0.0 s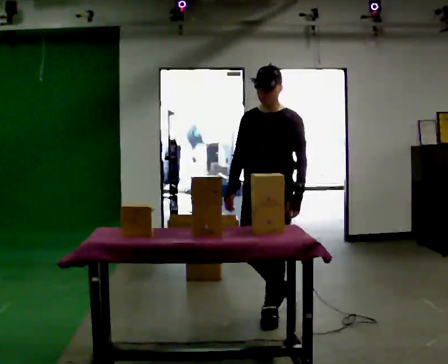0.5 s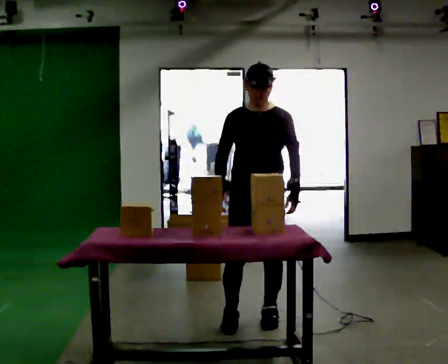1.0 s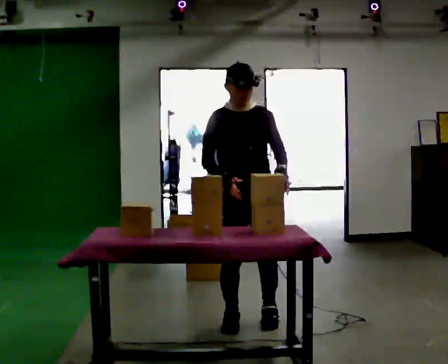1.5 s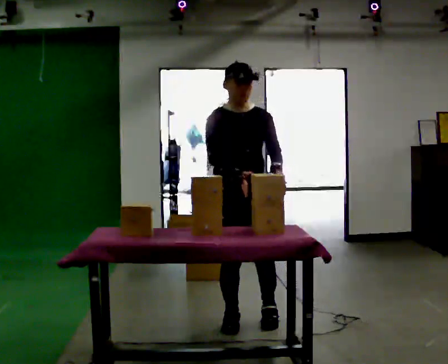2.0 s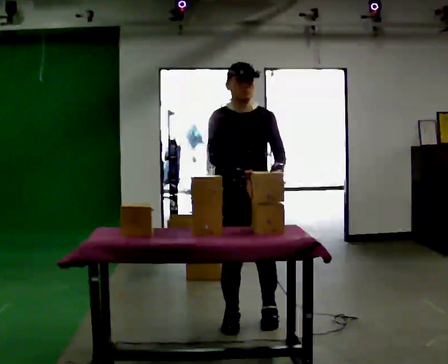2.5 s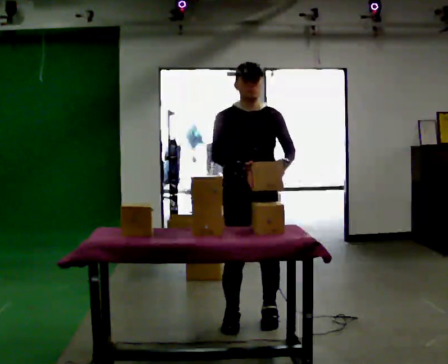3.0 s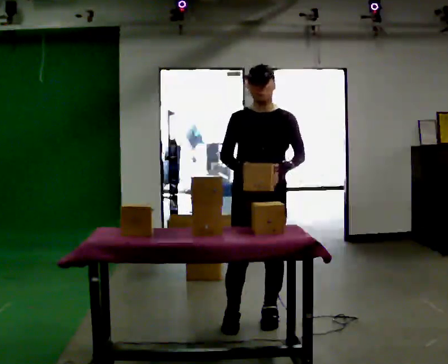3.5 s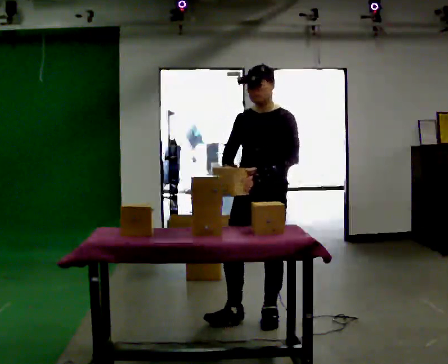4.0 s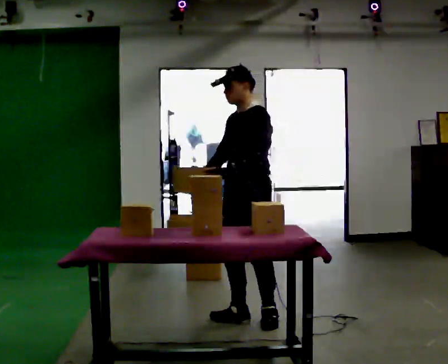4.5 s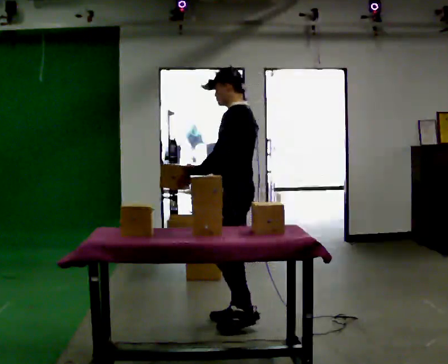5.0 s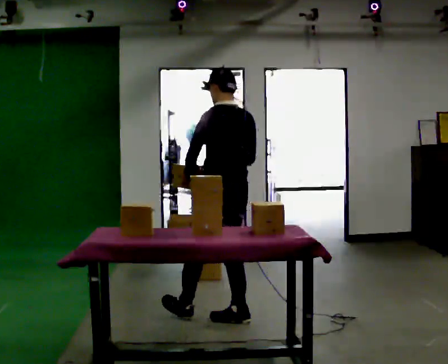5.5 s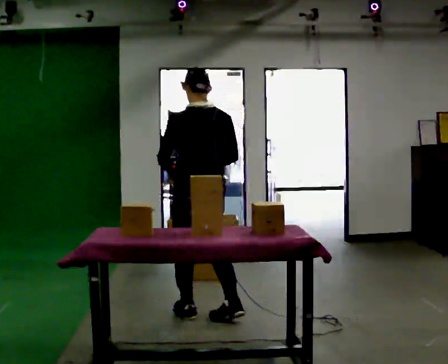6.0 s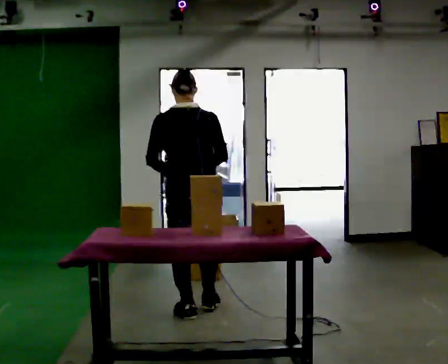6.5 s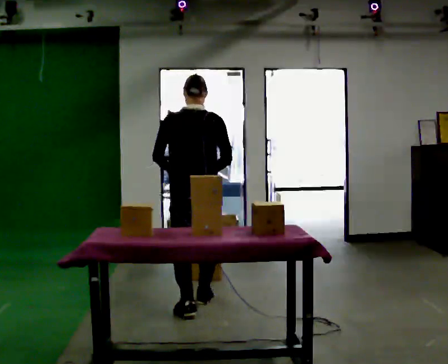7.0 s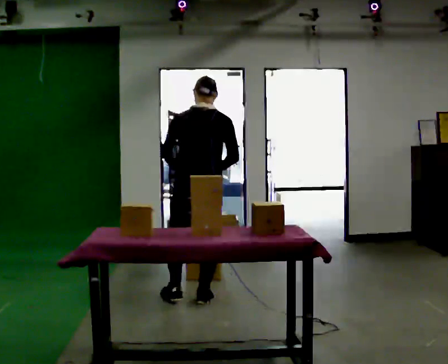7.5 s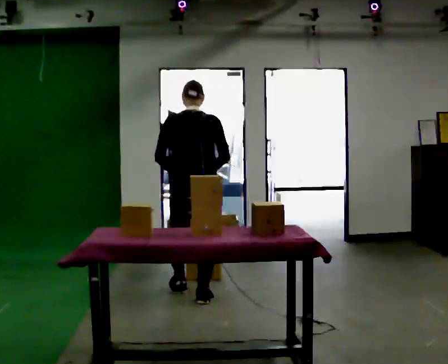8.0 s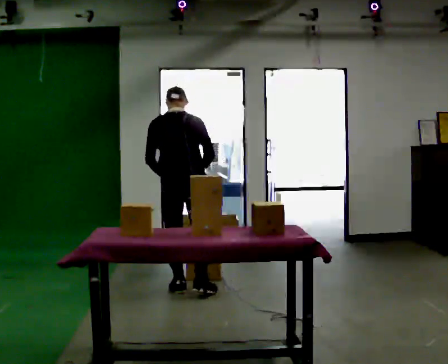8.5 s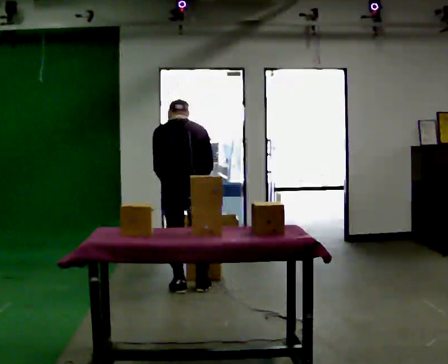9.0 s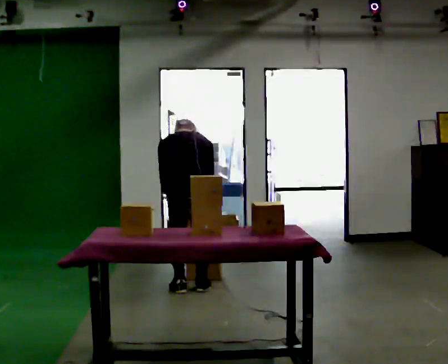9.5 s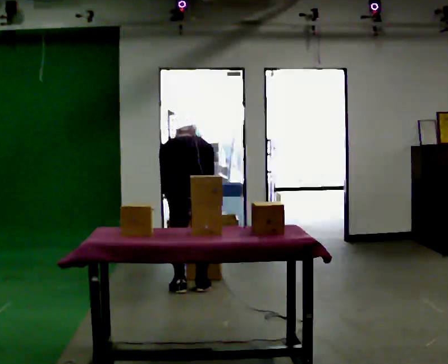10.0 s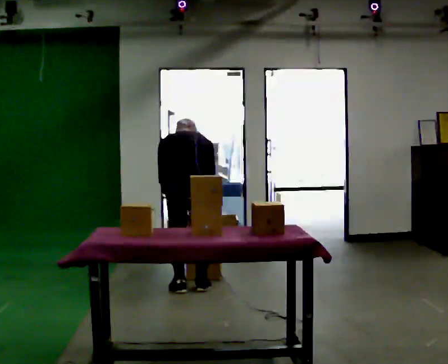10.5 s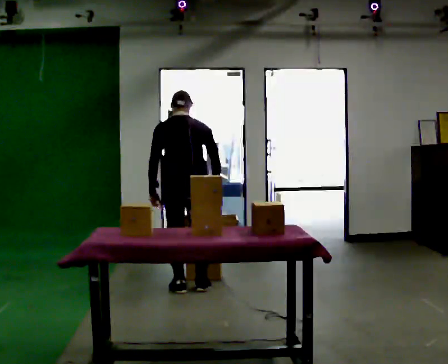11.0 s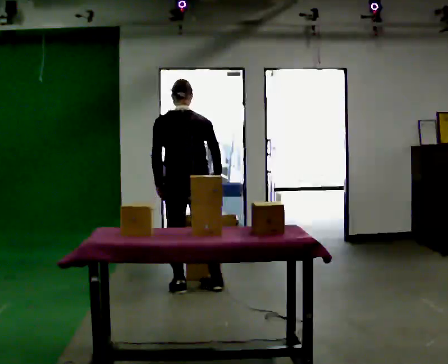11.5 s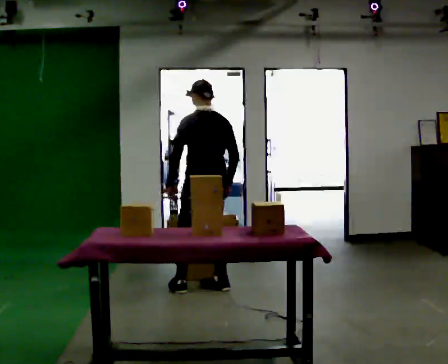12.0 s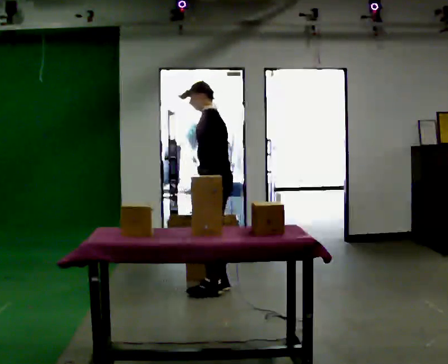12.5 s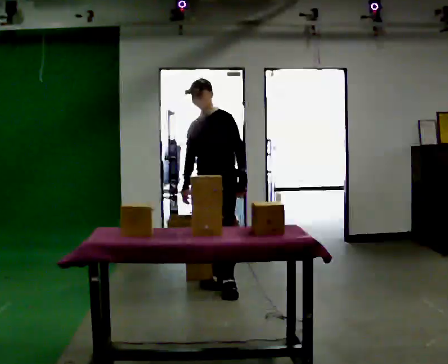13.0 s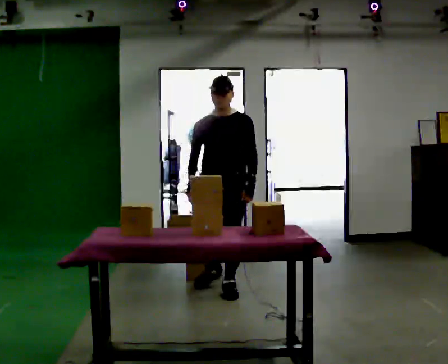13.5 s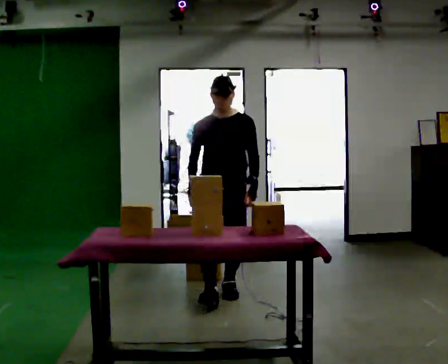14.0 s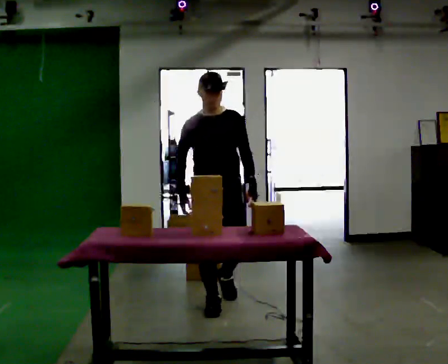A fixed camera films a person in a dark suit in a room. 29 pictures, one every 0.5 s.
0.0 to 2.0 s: The part of the body nearest the lens slides to the right as the person turns to their left by about 45 degrees. In the picture they go to the left, about 0.25 m in 1 step, which for them is to their right.
2.0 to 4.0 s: Seen from above the body turns clockwise, about 75 degrees: to their right, with its near side sliding to the left.
4.0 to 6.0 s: The person turns about 105 degrees to their right, clockwise seen from above, so the part of the body nearest the lens slides to the left. In the picture they go to the left, about 0.5 m in 1 step.
6.0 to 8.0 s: In the picture they go away from the camera, about 0.75 m in 2 steps, which for them is forward. The upper body tips away from the camera, its near side rolling upward, as they bend forward.
8.0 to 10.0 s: The upper body tips away from the camera, its near side rolling upward, as they bend forward.
10.0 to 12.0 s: Seen from above the body turns counterclockwise, about 75 degrees: to their left, with its near side sliding to the right. In the picture they go to the right, about 0.25 m in 1 step. The shoulders move upward. The upper body tips toward the camera, its near side rolling downward, as they lean back or straighten.
12.0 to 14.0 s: The part of the body nearest the lens slides to the right as the person turns to their left by about 120 degrees. In the picture they go toward the camera, about 0.5 m in 2 steps.
The film runs forward here.
